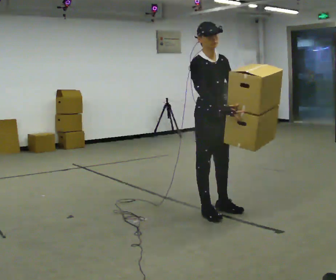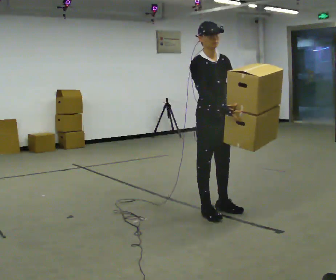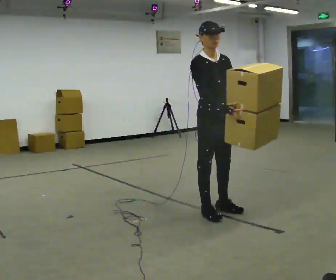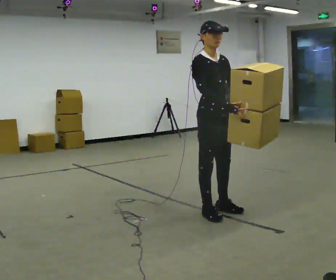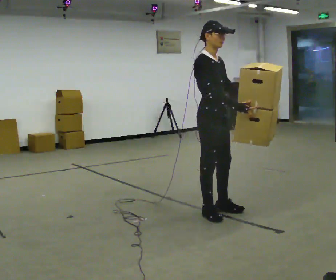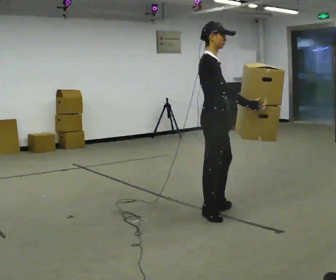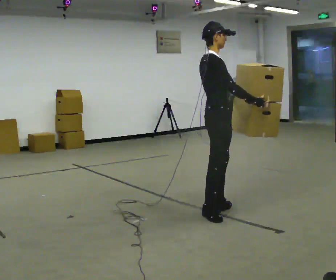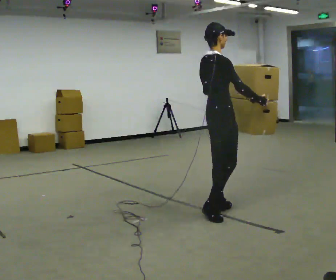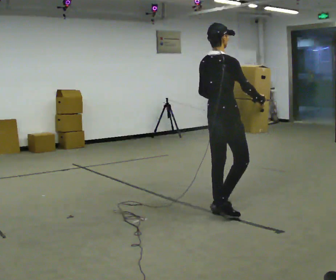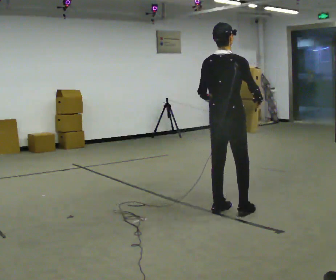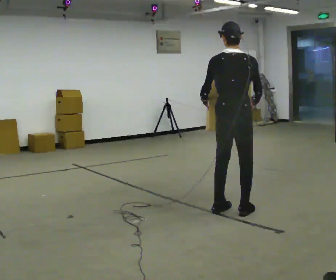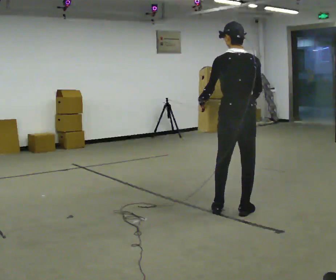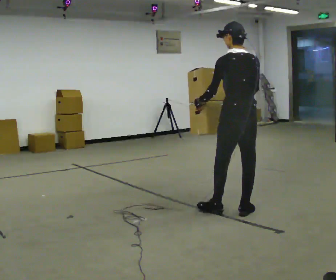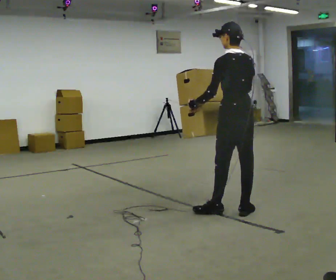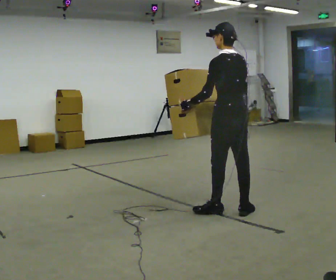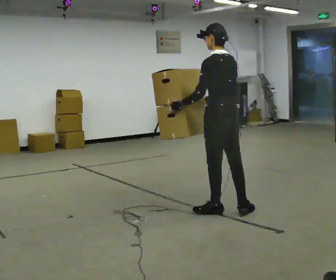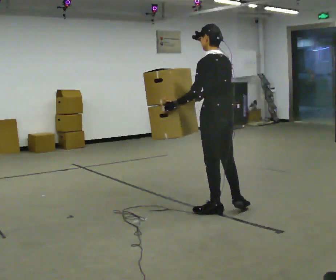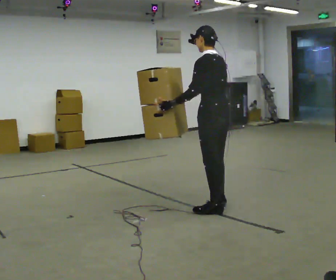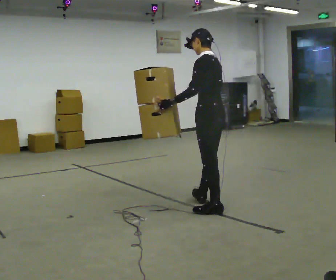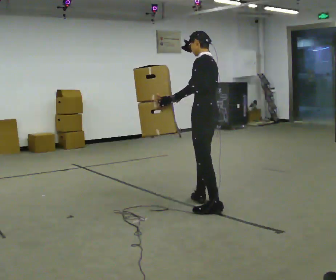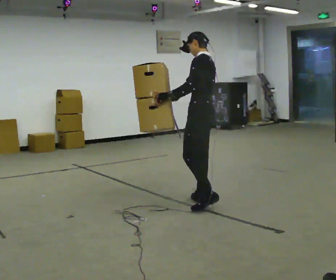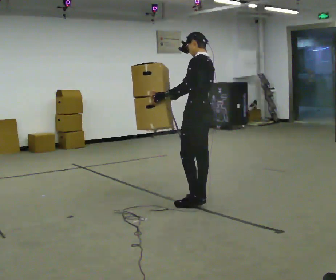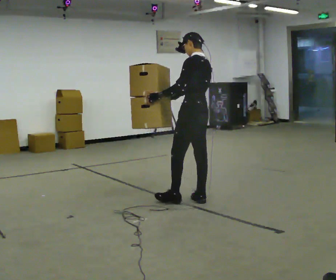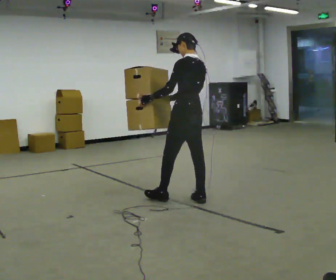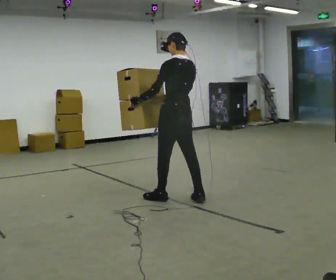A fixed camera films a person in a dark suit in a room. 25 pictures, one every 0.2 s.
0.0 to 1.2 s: The part of the body nearest the lens slides to the right as the person turns to their left by about 60 degrees.
1.2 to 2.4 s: The person turns about 105 degrees to their left, counterclockwise seen from above, so the part of the body nearest the lens slides to the right. In the picture they go to the right, about 0.25 m in 1 step.
2.4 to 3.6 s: The person turns about 45 degrees to their left, counterclockwise seen from above, so the part of the body nearest the lens slides to the right. In the picture they go to the left and away from the camera, about 0.25 m in 1 step, which for them is forward.
3.6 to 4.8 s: In the picture they go to the left and away from the camera, about 0.5 m in 1 step, which for them is forward.
The film runs forward here.
